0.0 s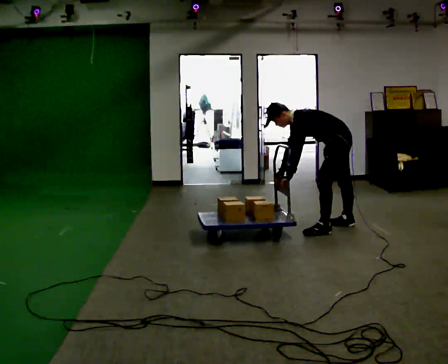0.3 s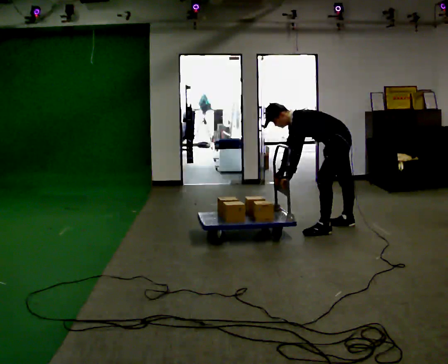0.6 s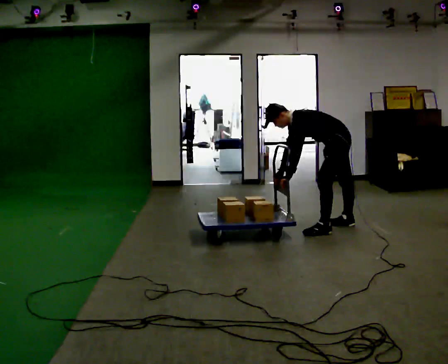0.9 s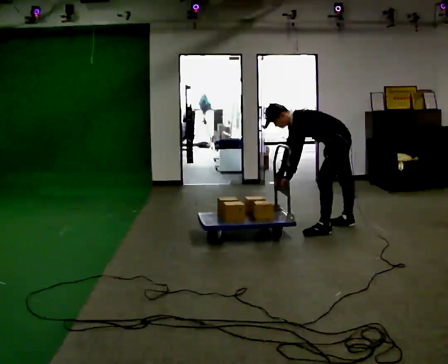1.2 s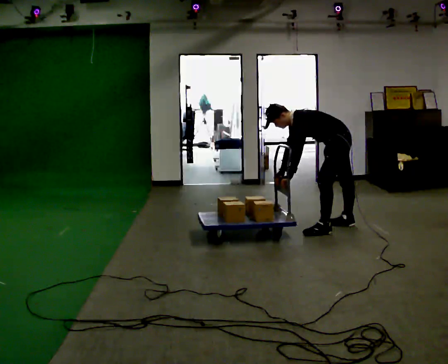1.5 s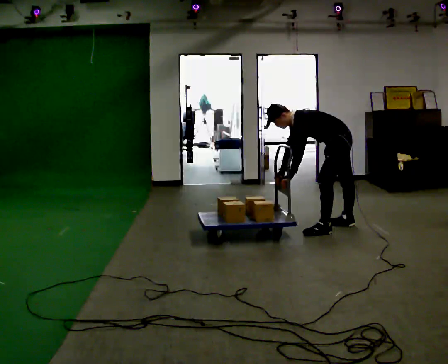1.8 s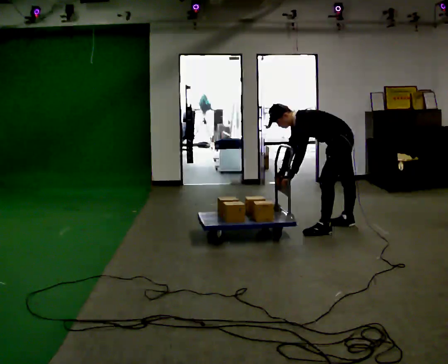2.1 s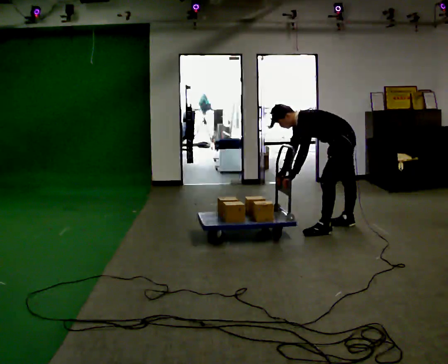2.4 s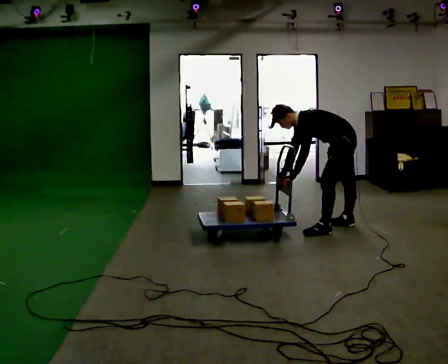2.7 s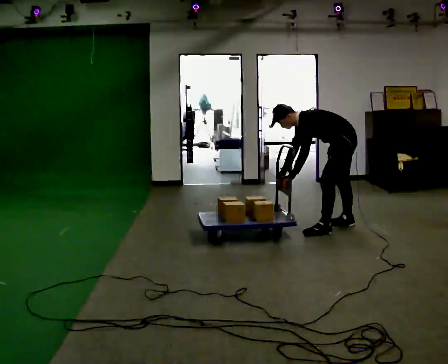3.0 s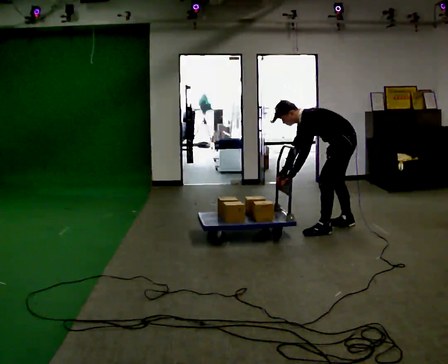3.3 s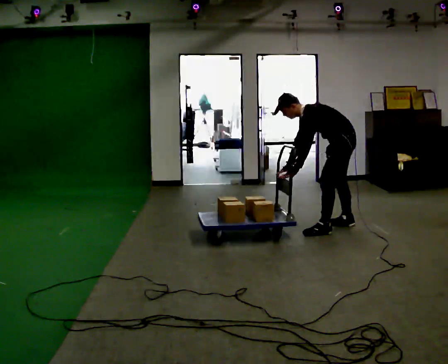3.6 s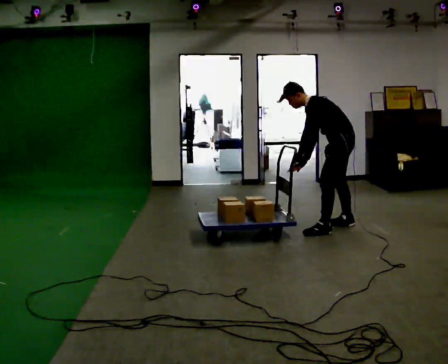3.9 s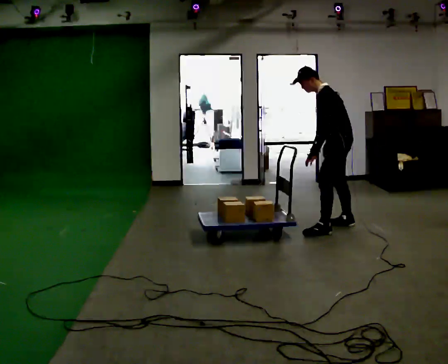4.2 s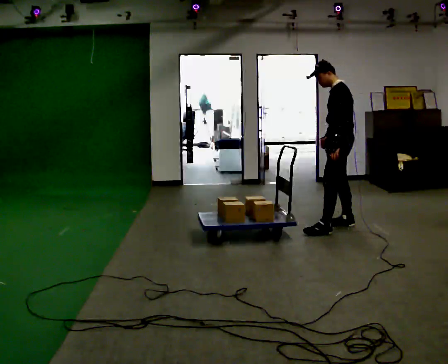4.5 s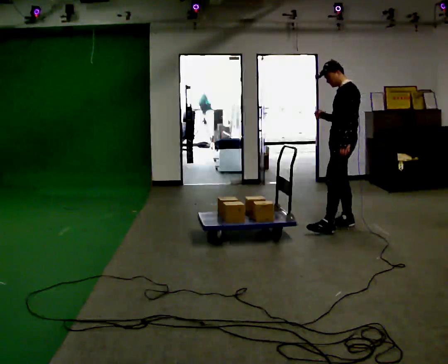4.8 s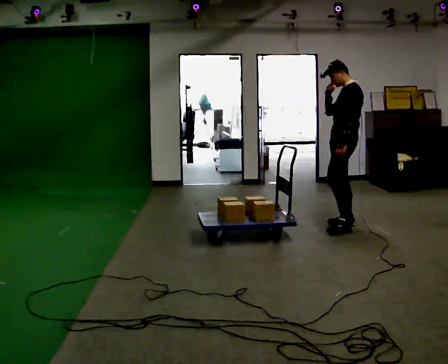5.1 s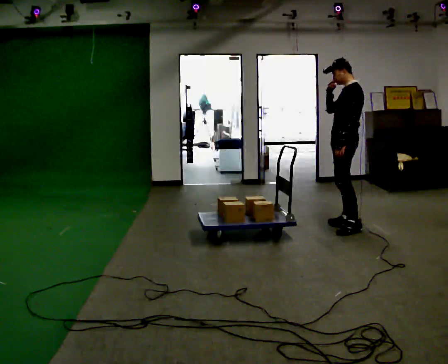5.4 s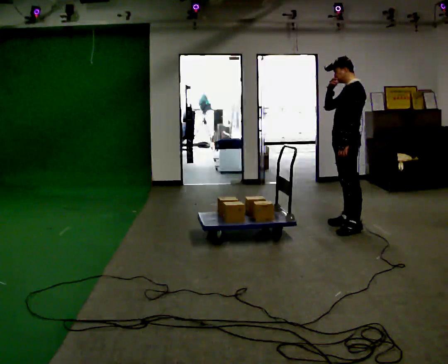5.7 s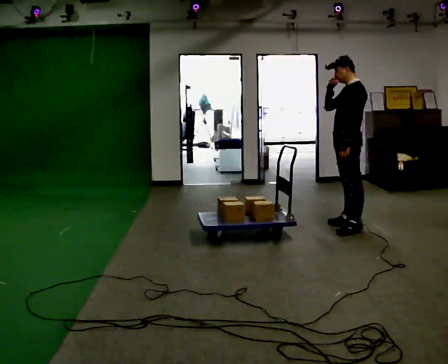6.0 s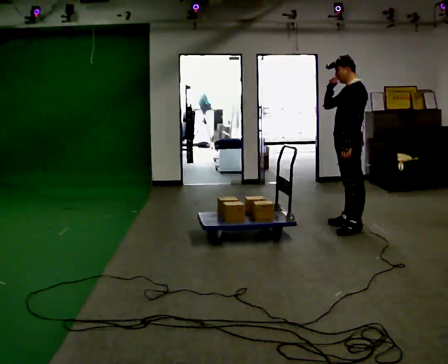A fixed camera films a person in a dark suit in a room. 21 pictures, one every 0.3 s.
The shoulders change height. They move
upward.
Their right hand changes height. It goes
upward.
0.0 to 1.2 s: The person keeps their place and pose.
1.2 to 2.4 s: The person moves a little, or ends about where they began.
2.4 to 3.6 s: In the picture the upper body tilts clockwise, shoulders to the right, as they lean back or straighten.
3.6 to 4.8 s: In the picture they go away from the camera, about 0.25 m in 1 step, which for them is to their right. In the picture the upper body tilts clockwise, shoulders to the right, as they lean back or straighten. In the picture their right hand goes upward and to the right.
4.8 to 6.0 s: The person moves a little, or ends about where they began.
The film runs backward here.
